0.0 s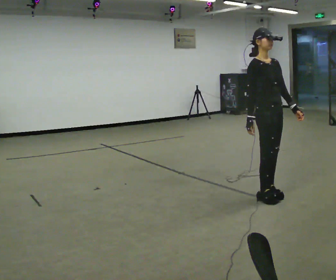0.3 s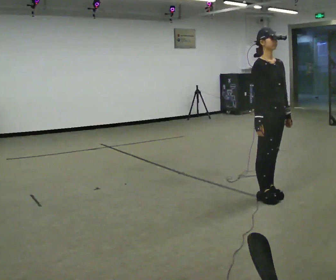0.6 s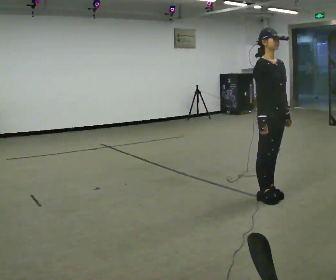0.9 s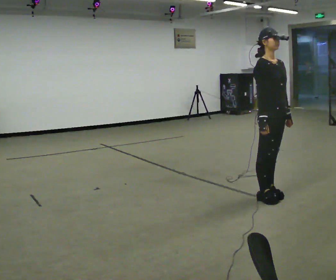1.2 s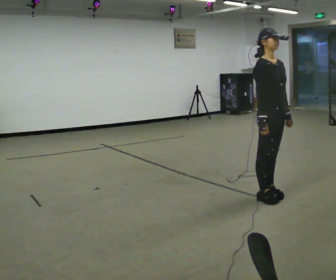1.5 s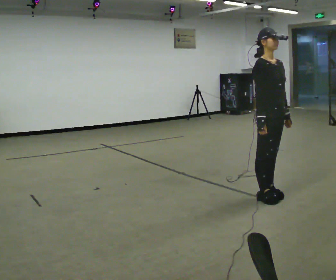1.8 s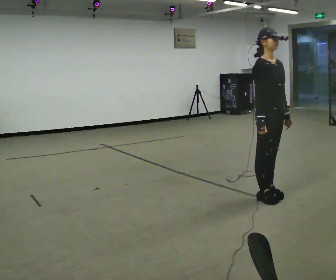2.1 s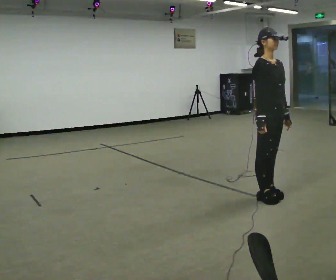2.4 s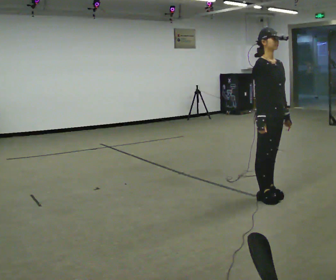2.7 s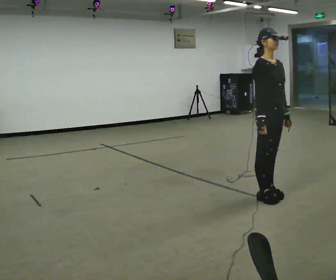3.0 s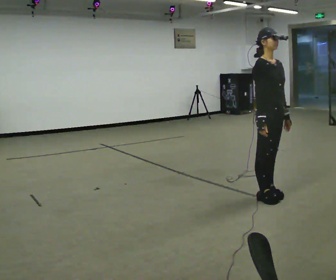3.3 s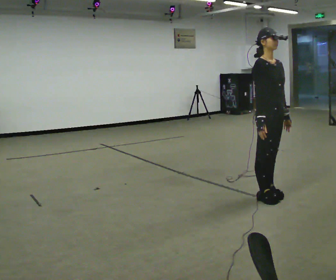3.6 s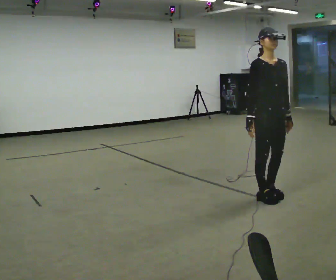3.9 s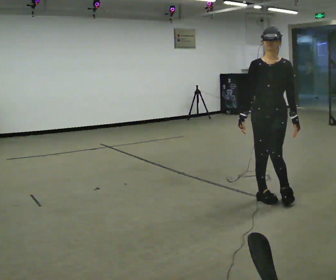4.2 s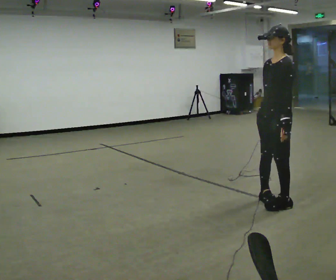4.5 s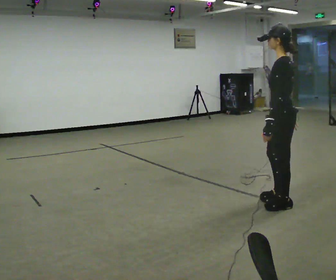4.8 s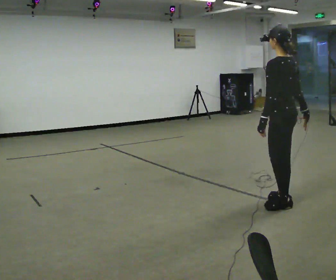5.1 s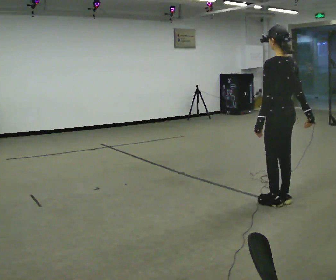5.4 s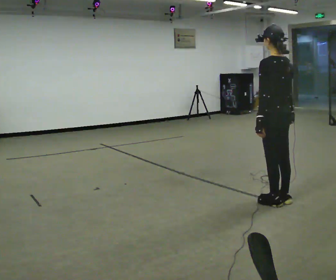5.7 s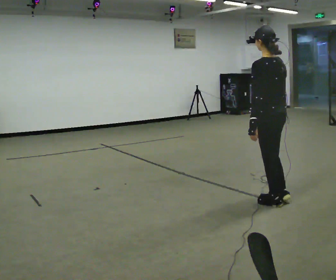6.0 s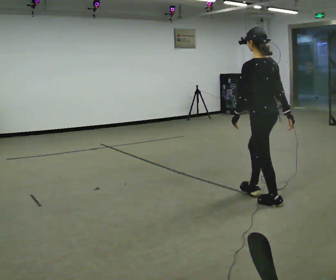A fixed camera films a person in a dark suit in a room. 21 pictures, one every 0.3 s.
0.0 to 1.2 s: The person moves a little, or ends about where they began.
1.2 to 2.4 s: The person keeps their place and pose.
2.4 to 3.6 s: The person moves a little, or ends about where they began.
3.6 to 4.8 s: Seen from above the body turns clockwise, about 165 degrees: to their right, with its near side sliding to the left. In the picture their right hand goes to the right, the arm swinging counterclockwise.
4.8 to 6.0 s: In the picture they go to the left, about 0.25 m, which for them is forward.
The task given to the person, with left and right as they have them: Walk; turn 90° left/right; walk several steps; stop.
The film runs forward here.
